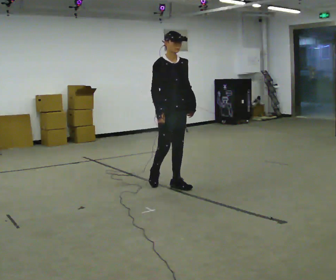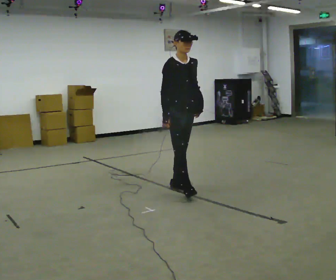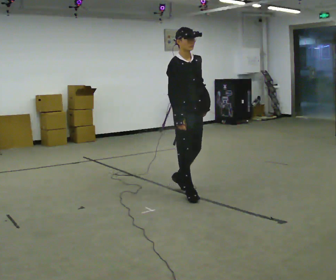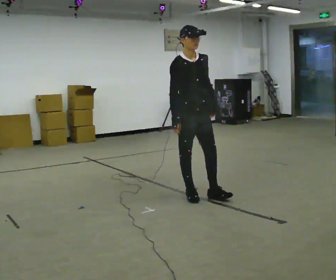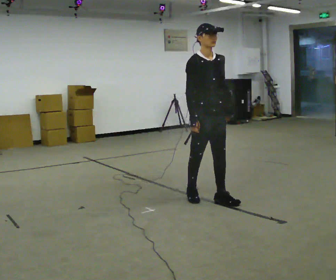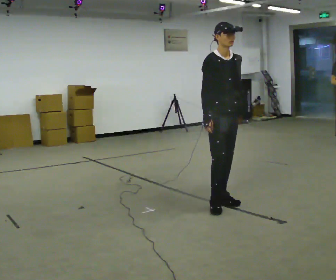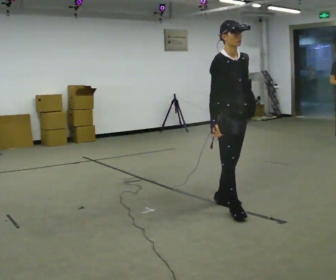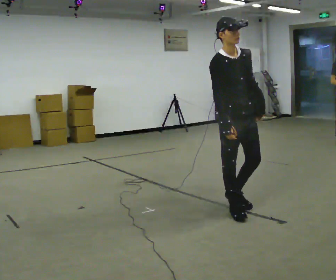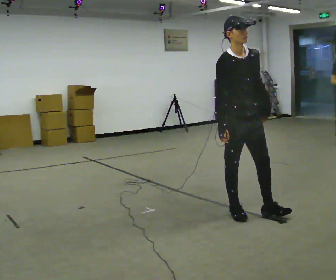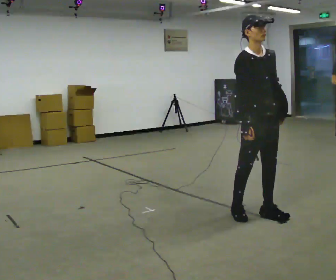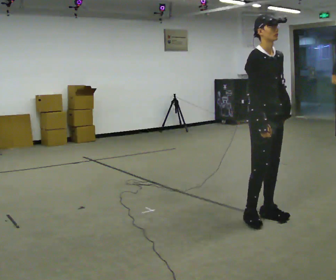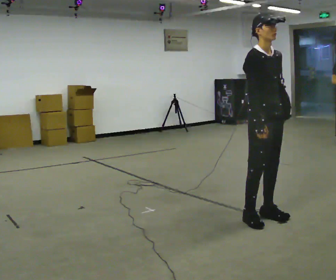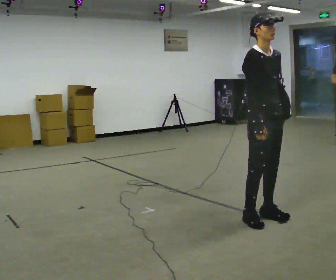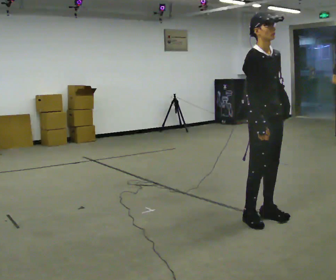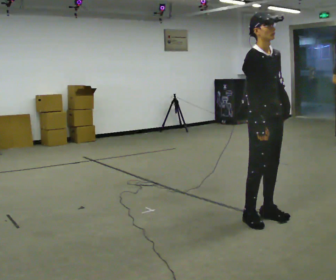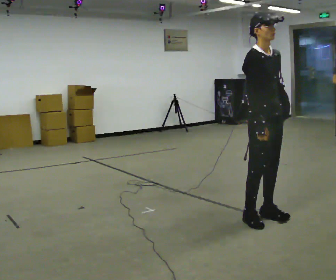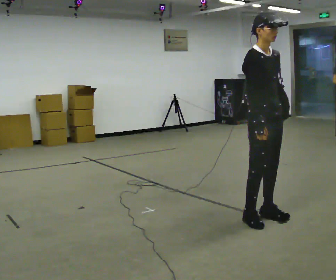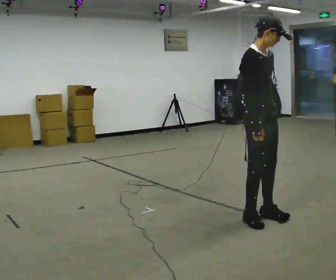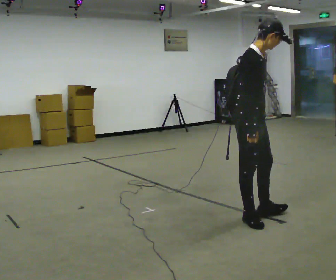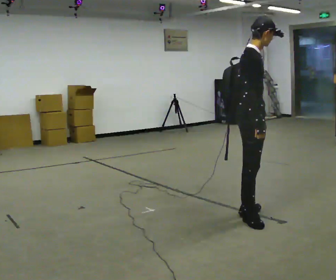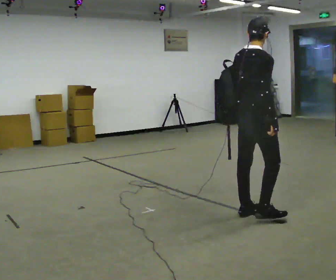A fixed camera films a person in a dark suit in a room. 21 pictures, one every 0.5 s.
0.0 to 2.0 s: In the picture they go toward the camera and to the right, about 0.75 m in 2 steps, which for them is forward.
2.0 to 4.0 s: In the picture they go toward the camera and to the right, about 0.5 m in 2 steps, which for them is forward.
4.0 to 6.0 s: In the picture they go to the right, about 0.25 m in 1 step, which for them is forward.
6.0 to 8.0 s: The person keeps their place and pose.
8.0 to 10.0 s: The person turns about 75 degrees to their left, counterclockwise seen from above, so the part of the body nearest the lens slides to the right. In the picture their left hand goes to the left, the arm swinging clockwise.
The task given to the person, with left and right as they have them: Put the soft bag up onto your shoulder and carry it across the room, back and forth.
The film runs forward here.
